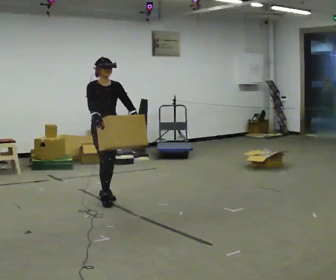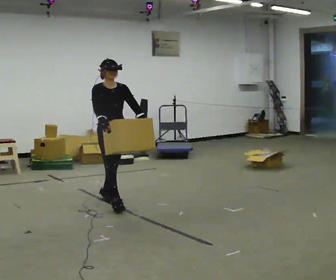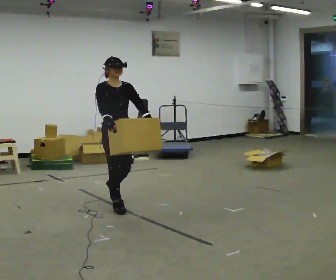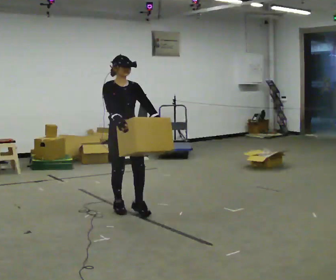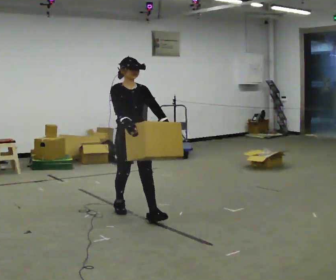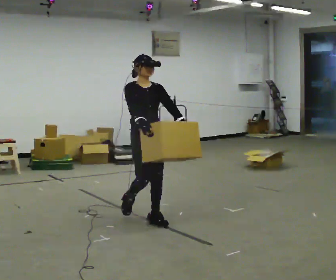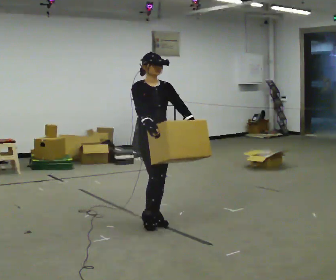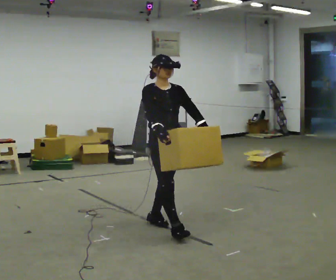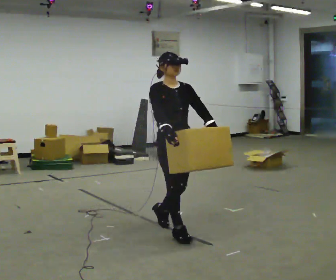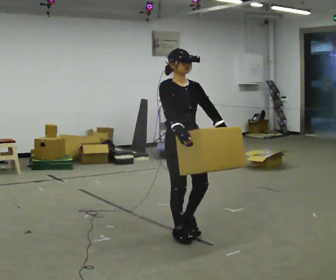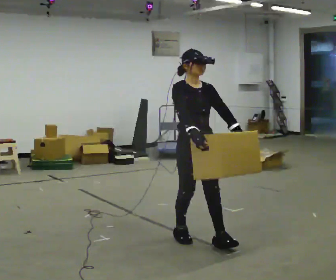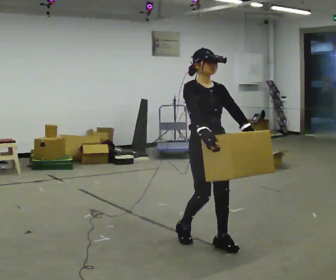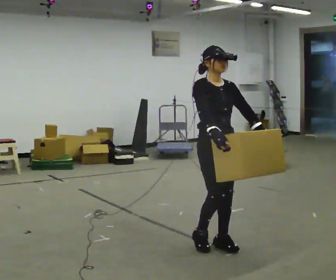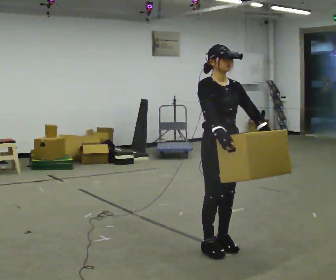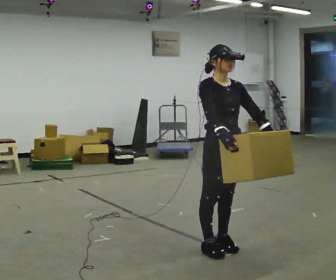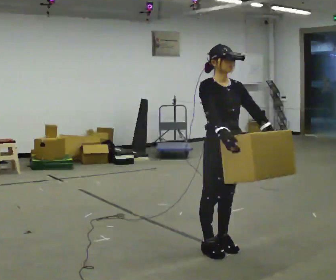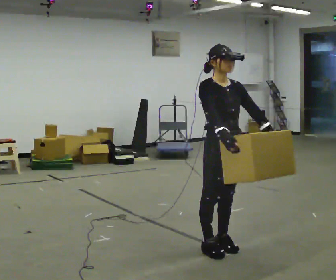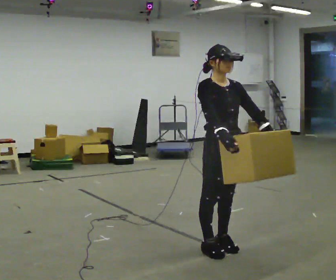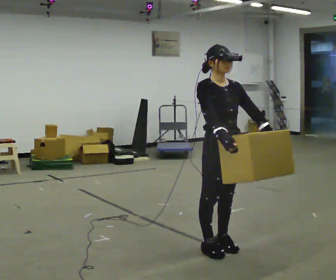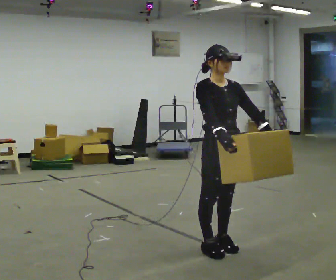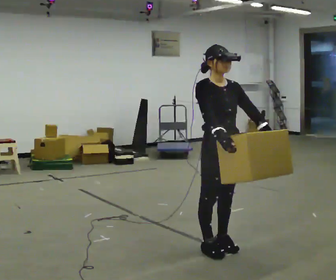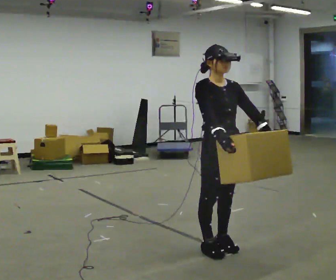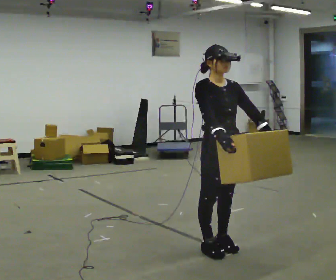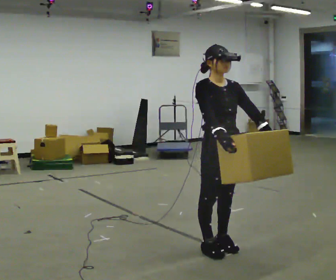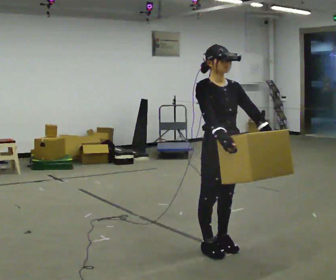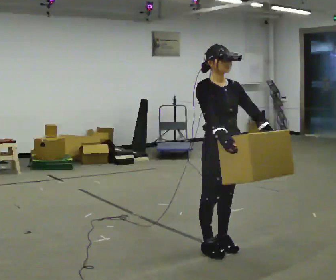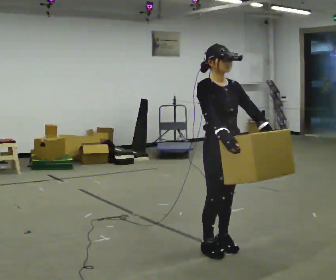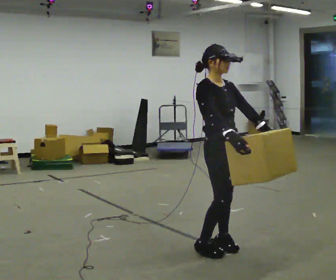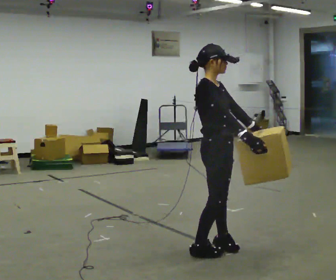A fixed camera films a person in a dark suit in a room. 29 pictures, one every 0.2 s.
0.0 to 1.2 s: In the picture they go to the right and toward the camera, about 1 m in 2 steps, which for them is forward.
1.2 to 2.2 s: In the picture they go to the right and toward the camera, about 0.5 m in 2 steps, which for them is forward.
2.2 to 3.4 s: The person moves a little, or ends about where they began.
3.4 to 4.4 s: The person keeps their place and pose.
4.4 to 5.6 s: The part of the body nearest the lens slides to the right as the person turns to their left by about 45 degrees.
The film runs forward here.
